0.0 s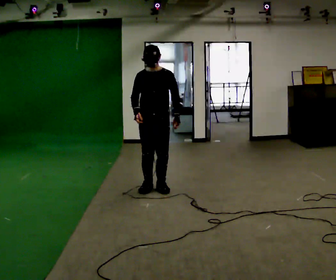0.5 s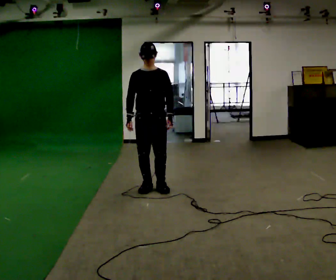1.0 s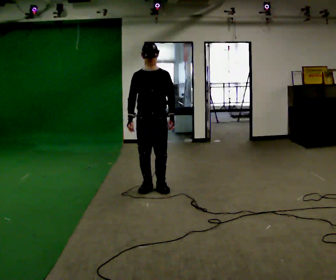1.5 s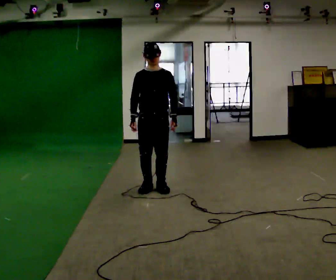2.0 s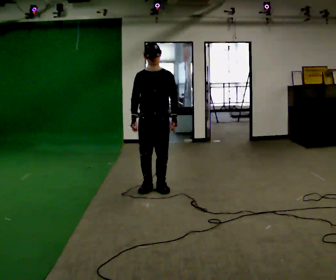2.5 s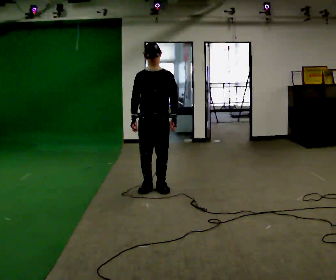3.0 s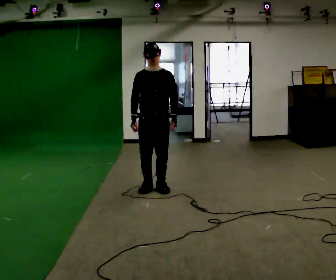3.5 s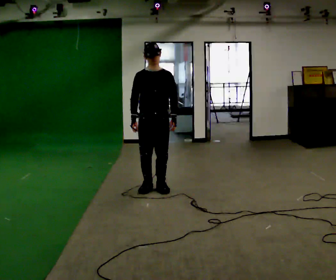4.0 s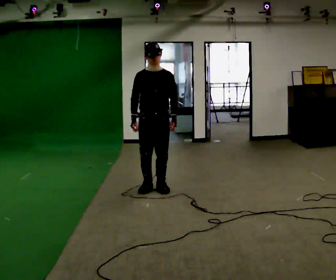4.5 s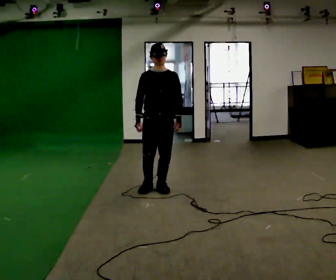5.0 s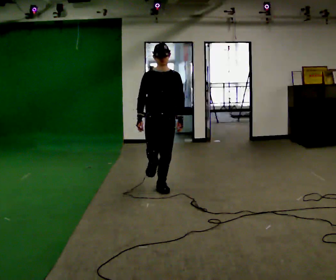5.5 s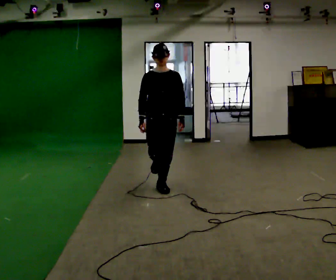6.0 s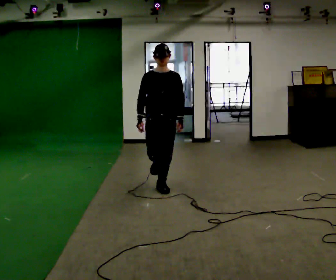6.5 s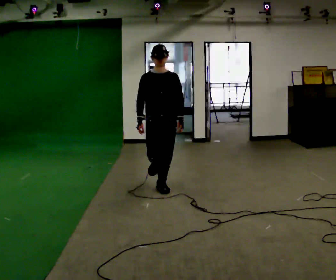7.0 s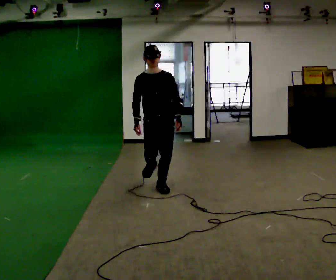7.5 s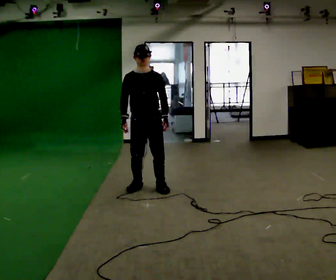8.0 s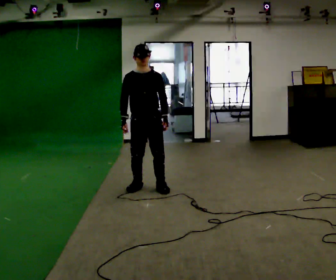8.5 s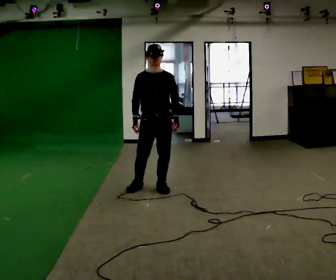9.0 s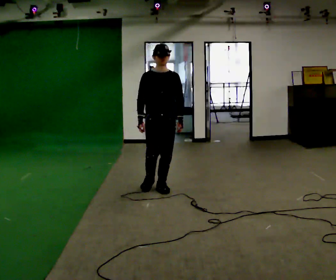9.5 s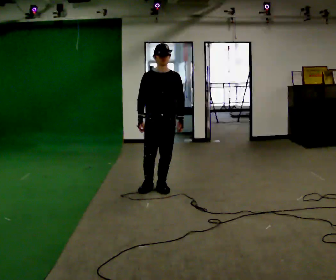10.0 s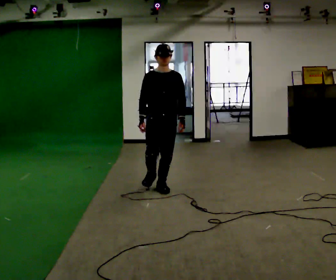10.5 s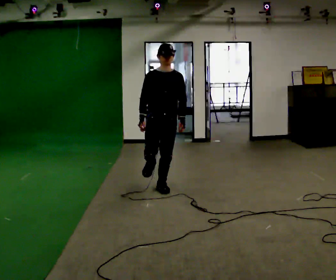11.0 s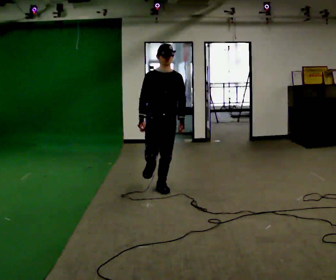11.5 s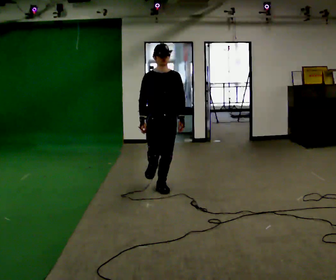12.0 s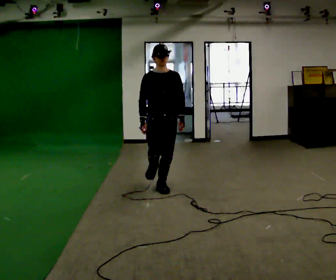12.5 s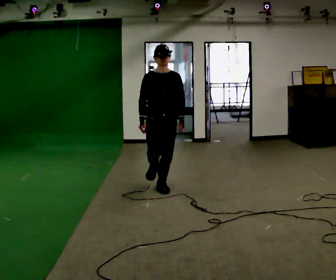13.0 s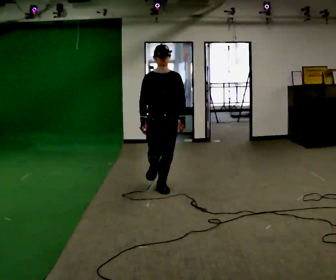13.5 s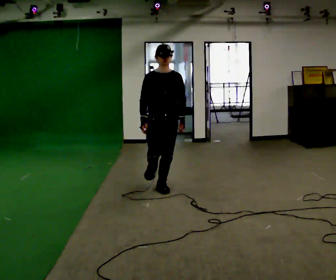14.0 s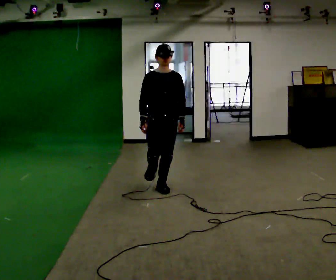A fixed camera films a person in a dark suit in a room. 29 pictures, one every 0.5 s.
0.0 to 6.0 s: The person moves a little, or ends about where they began.
6.0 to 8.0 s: In the picture they go to the left, about 0.25 m in 1 step, which for them is to their right.
8.0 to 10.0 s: In the picture they go to the right, about 0.25 m, which for them is to their left.
10.0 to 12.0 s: The person moves a little, or ends about where they began.
12.0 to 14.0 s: The person keeps their place and pose.
The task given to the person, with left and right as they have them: Stand on one foot on the marked spot, on the side the operator calls. Hold it until you genuinely lose your balance, then put the other foot down. Repeat at your own pace until the operator says stop. Go slowly and only as far as you are comfortable. Step whenever you need to; do not try to hold on longer than feels safe.
The film runs forward here.
